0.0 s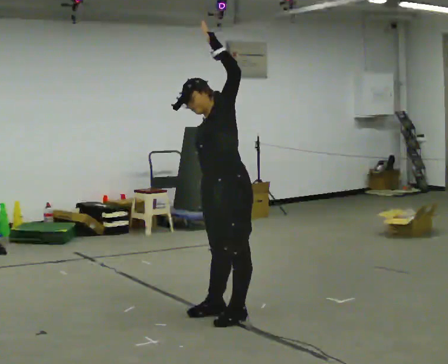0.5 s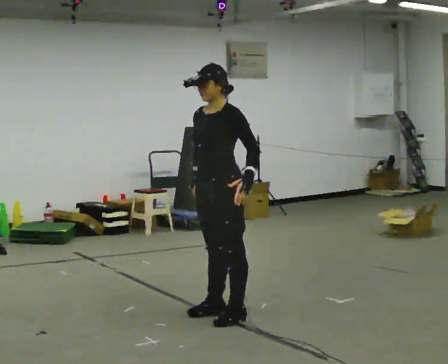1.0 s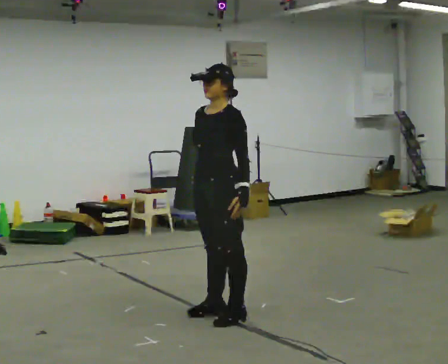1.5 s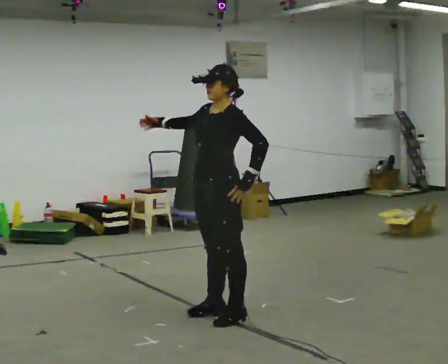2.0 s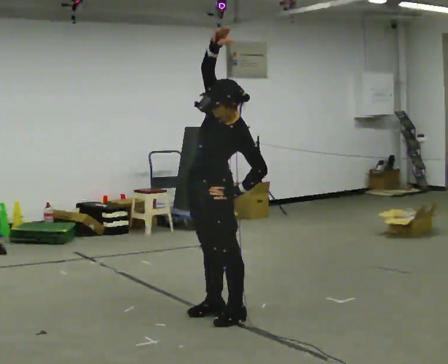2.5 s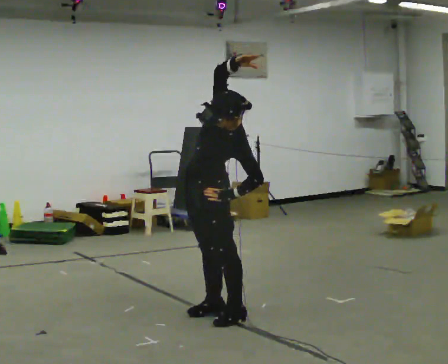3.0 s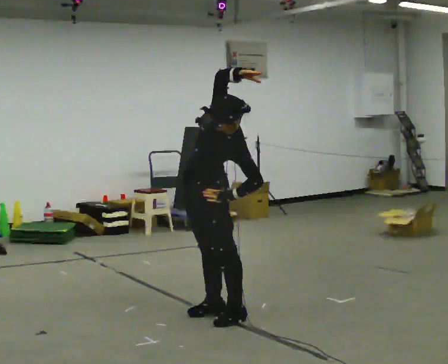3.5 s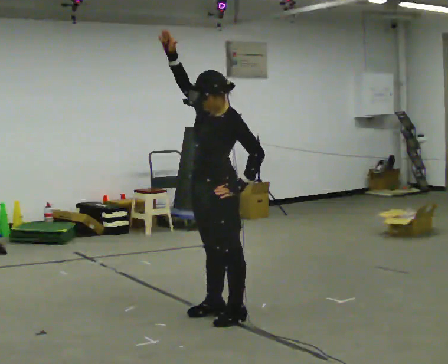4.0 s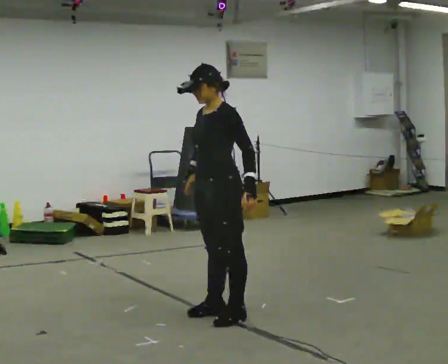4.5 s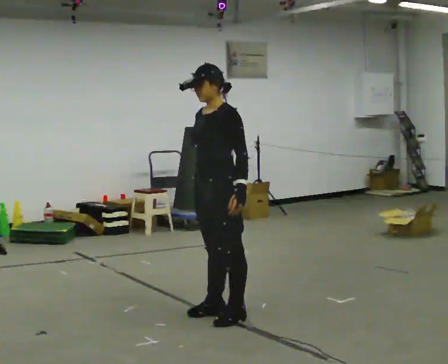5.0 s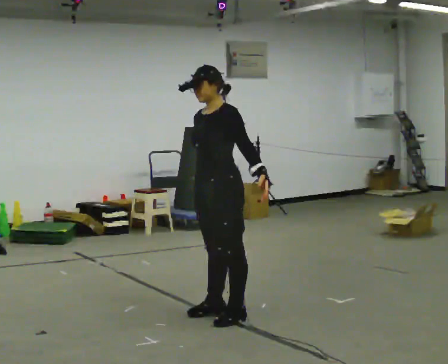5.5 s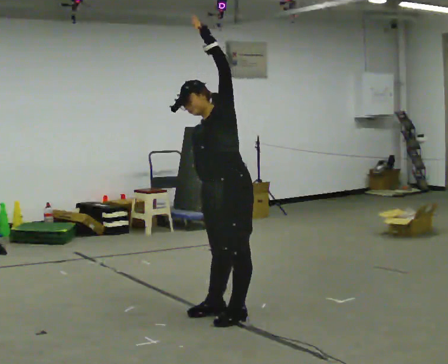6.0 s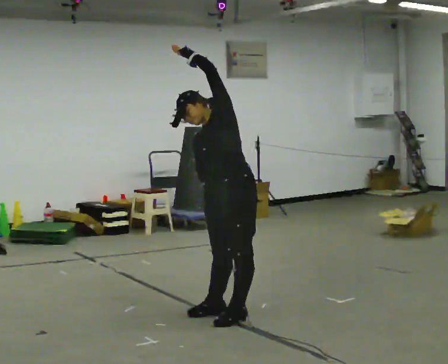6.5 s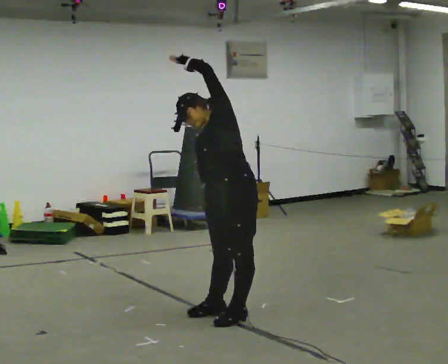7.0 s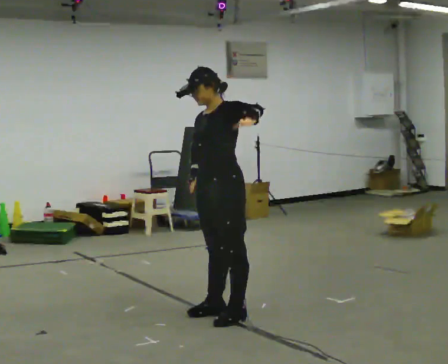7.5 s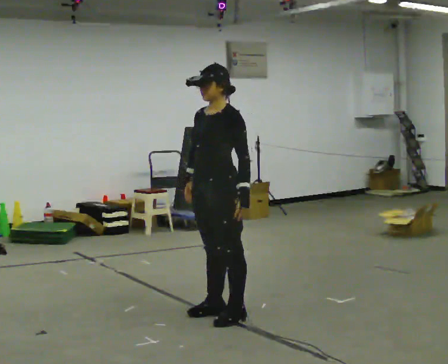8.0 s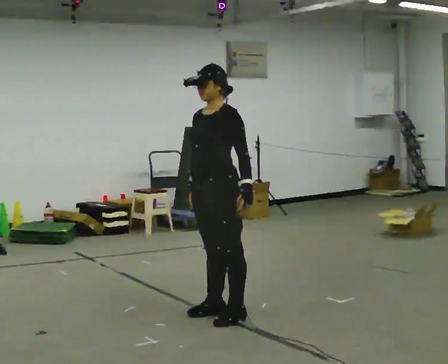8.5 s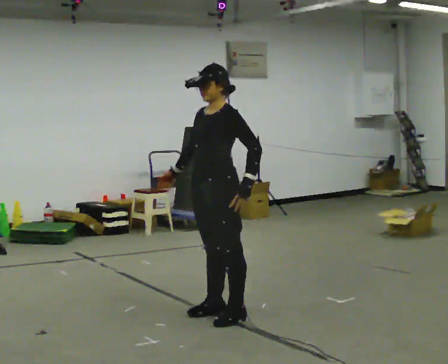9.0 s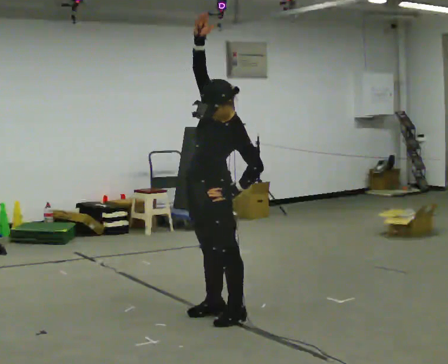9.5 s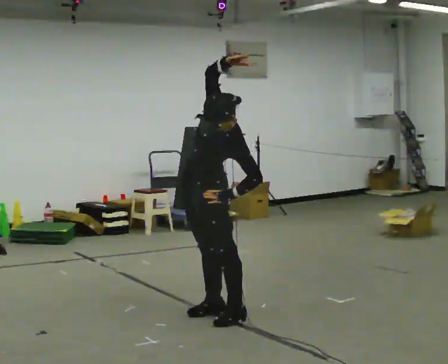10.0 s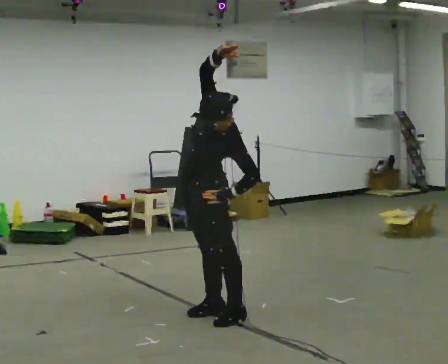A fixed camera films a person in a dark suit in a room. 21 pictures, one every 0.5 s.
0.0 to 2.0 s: In the picture they go away from the camera, about 0.25 m, which for them is to their right. The upper body tips toward the camera, its near side rolling downward. In the picture their right hand goes upward, the arm swinging clockwise.
2.0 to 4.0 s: In the picture their right hand goes downward, the arm swinging counterclockwise.
4.0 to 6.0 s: The upper body tips away from the camera, its near side rolling upward. In the picture their left hand goes upward and to the left.
6.0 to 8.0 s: The upper body tips toward the camera, its near side rolling downward. In the picture their left hand goes downward and to the right.
8.0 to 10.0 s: The upper body tips toward the camera, its near side rolling downward. In the picture their right hand goes upward, the arm swinging clockwise.
The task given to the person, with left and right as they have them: Keeping your feet still and facing forward, bend your upper body sideways to one side, return upright, then bend to the other side. Reach the arm overhead as you bend. Repeat the movement at your own pace until the operator says stop; do not rush.
The film runs forward here.
